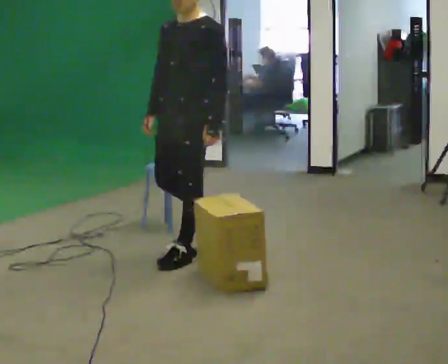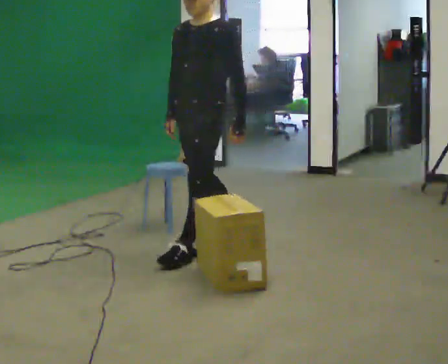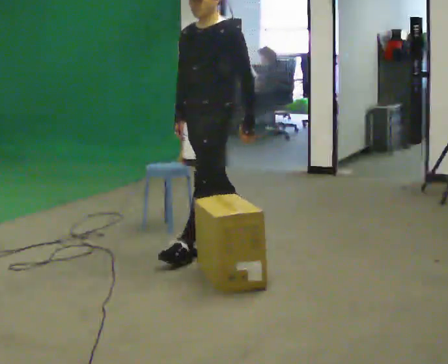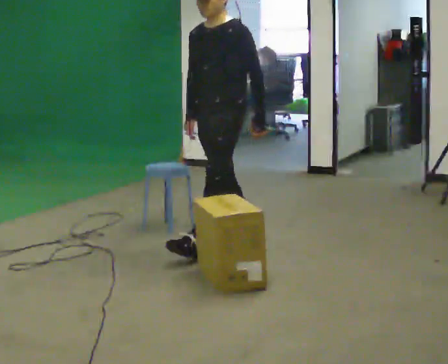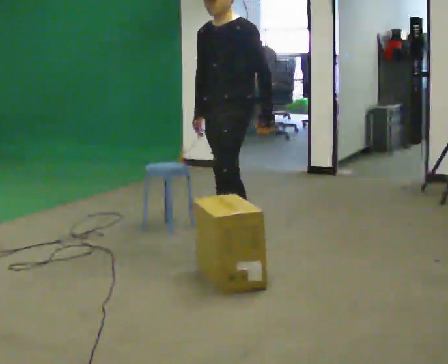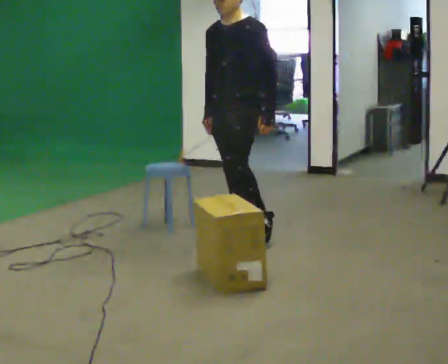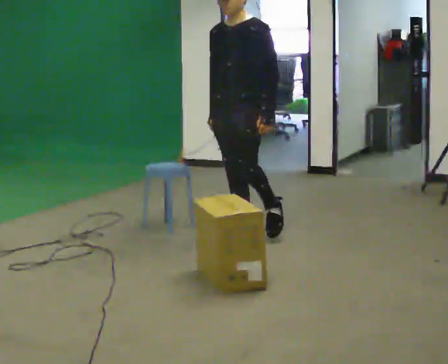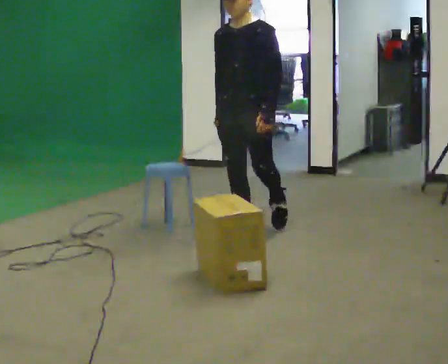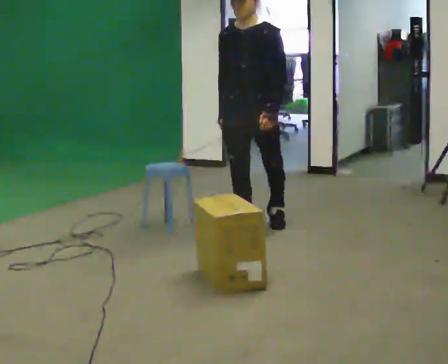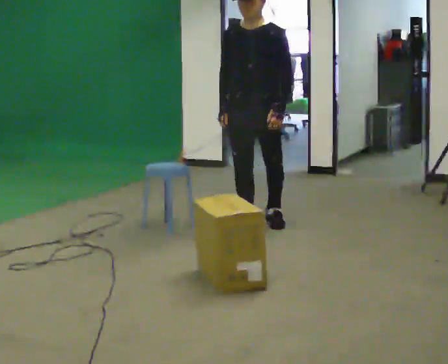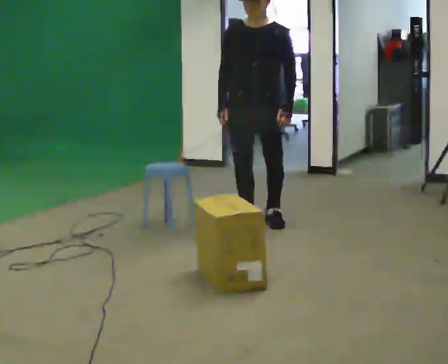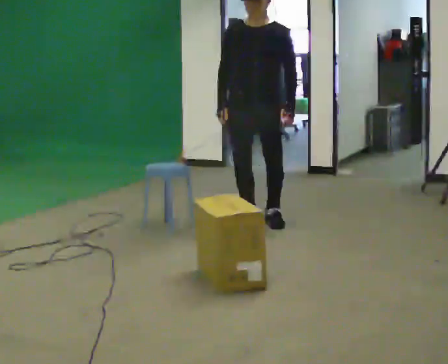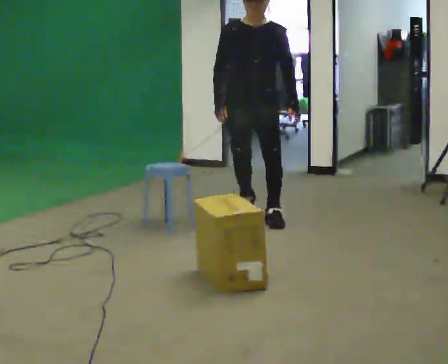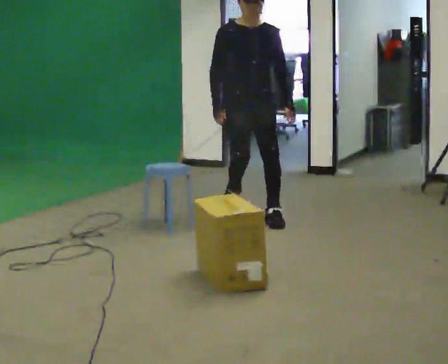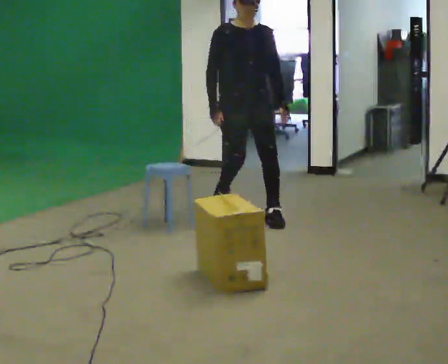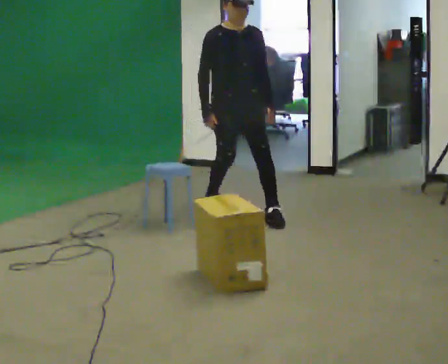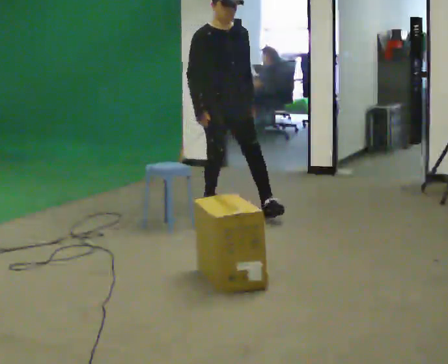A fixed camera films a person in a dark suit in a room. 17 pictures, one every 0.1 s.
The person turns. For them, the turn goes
to their left.
The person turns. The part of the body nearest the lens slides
to the right.
0.0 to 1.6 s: The part of the body nearest the lens slides to the right as the person turns to their left by about 75 degrees. In the picture they go away from the camera, about 1 m in 3 steps.
The film runs backward here.
